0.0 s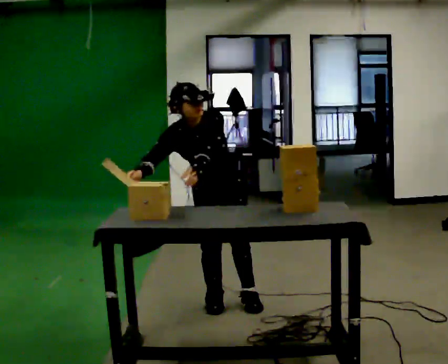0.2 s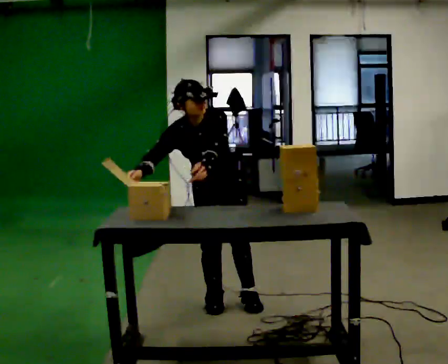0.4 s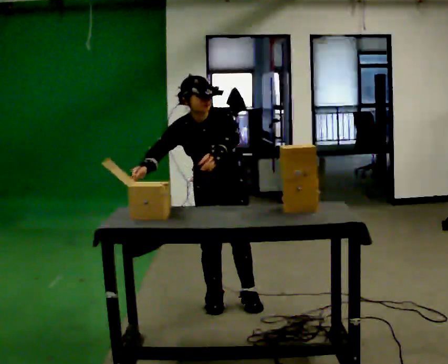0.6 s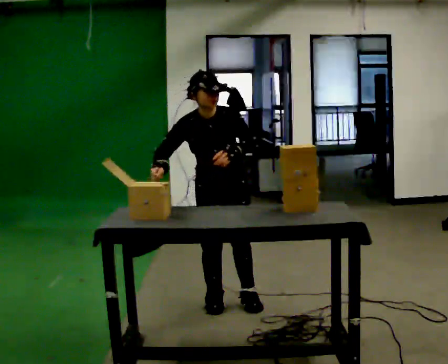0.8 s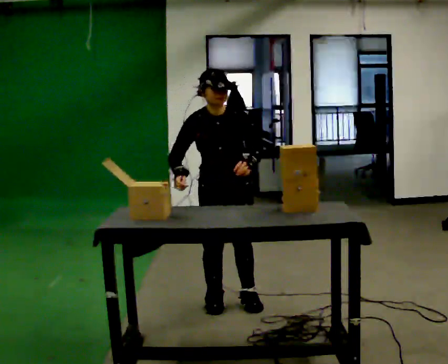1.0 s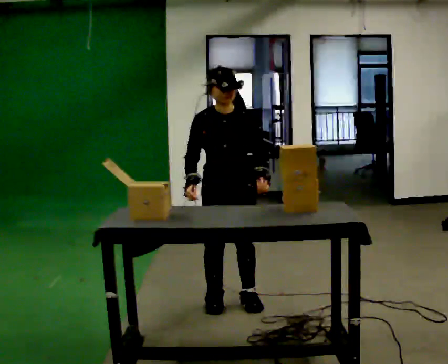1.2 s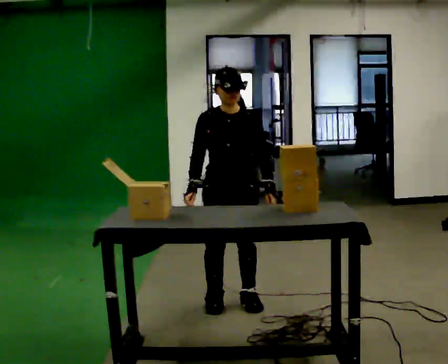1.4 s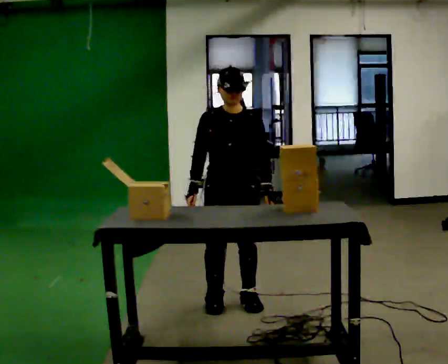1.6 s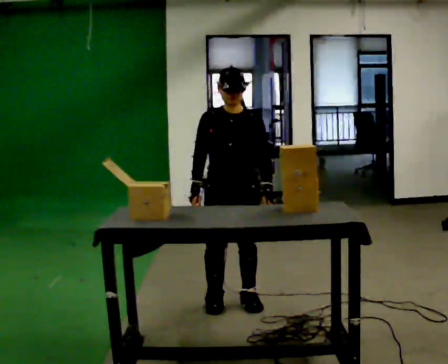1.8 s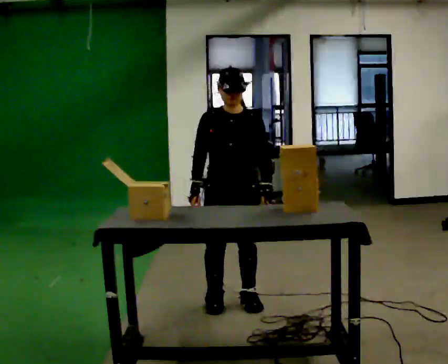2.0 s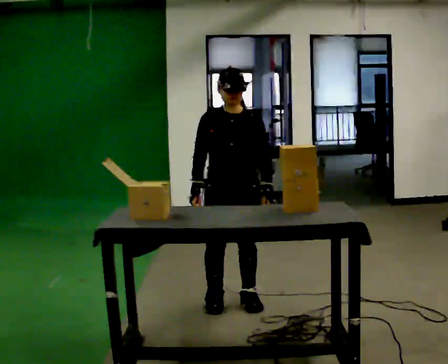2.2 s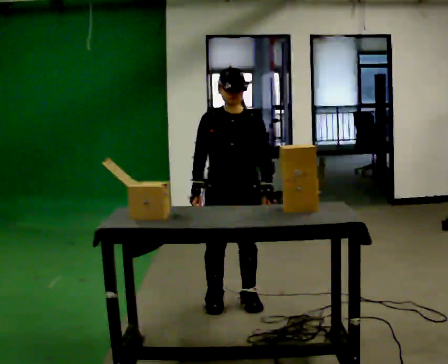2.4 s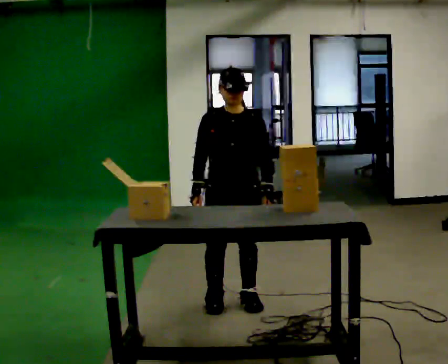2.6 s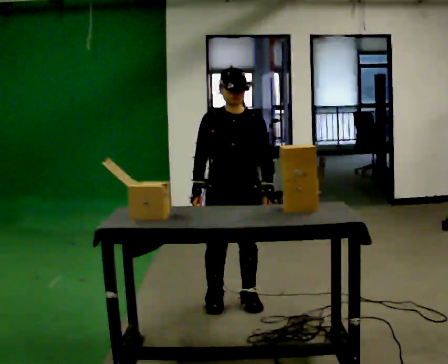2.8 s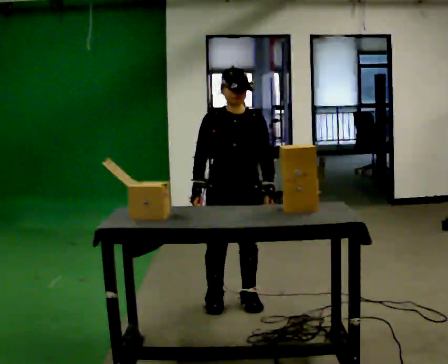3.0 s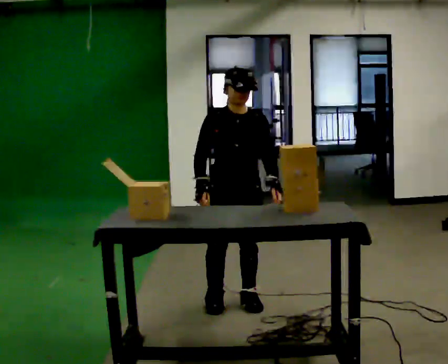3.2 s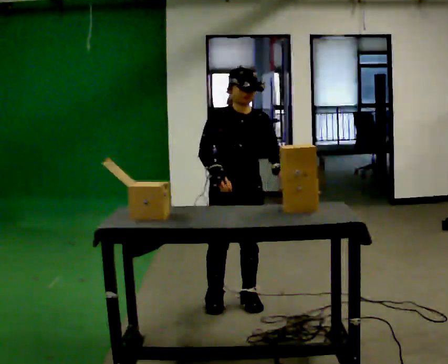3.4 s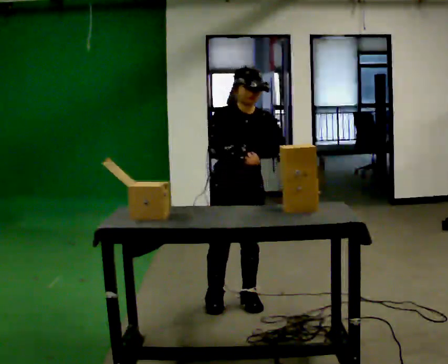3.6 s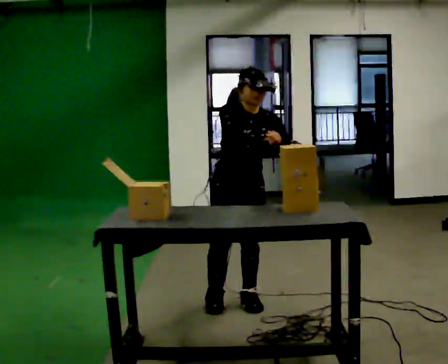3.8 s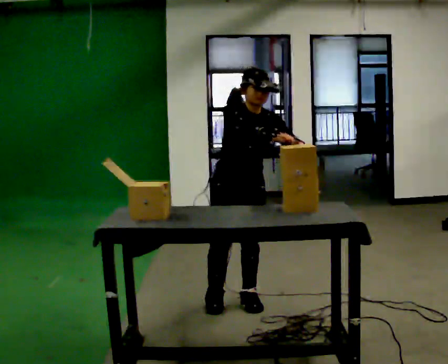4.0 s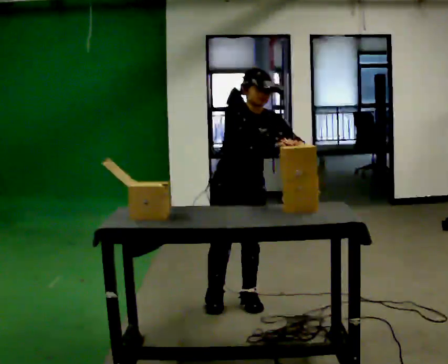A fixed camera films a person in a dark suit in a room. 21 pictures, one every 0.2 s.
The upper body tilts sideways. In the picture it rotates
clockwise.
0.0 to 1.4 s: The upper body tips away from the camera, its near side rolling upward, as they lean back or straighten. In the picture their left hand goes to the right.
1.4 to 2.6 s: The person keeps their place and pose.
2.6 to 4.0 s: In the picture their right hand goes to the right and upward.
The film runs forward here.
